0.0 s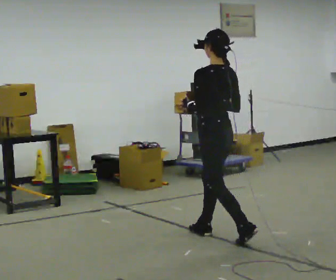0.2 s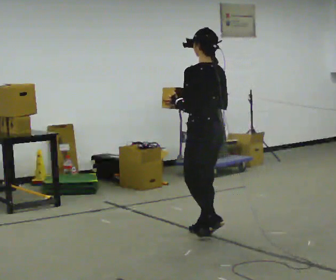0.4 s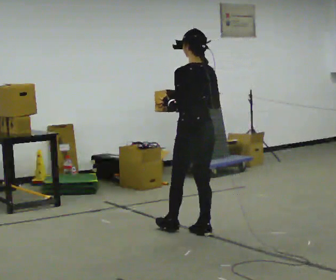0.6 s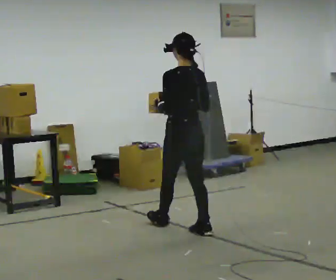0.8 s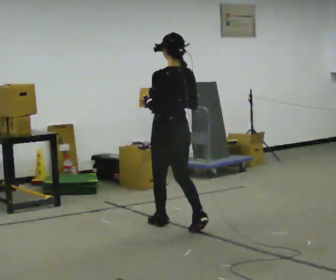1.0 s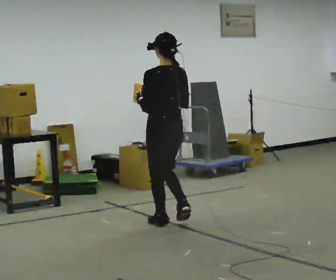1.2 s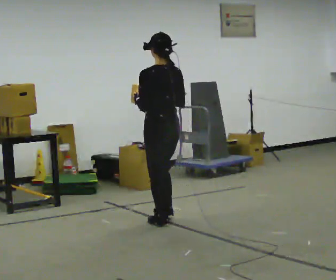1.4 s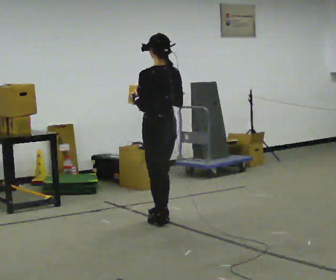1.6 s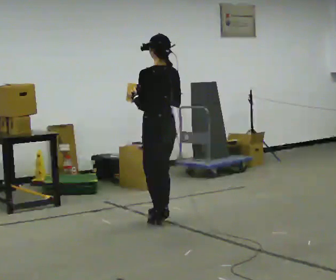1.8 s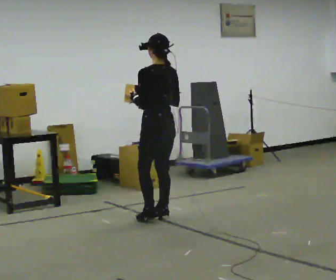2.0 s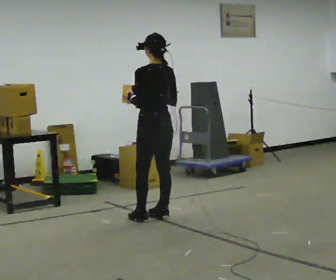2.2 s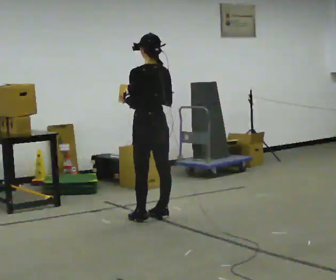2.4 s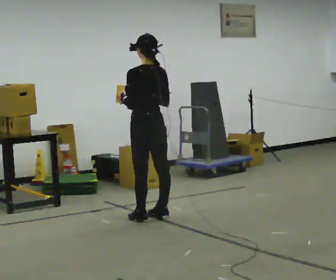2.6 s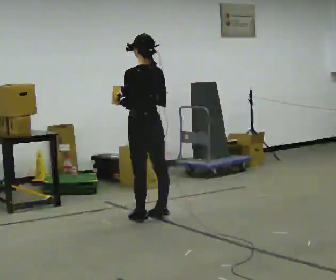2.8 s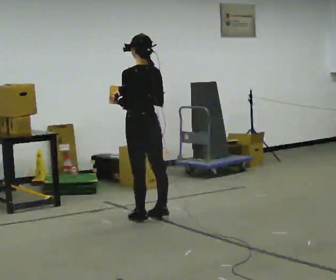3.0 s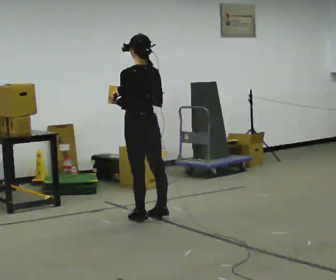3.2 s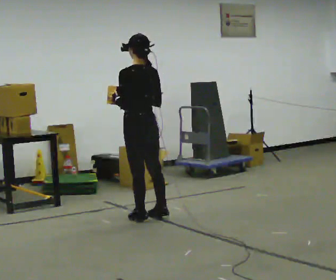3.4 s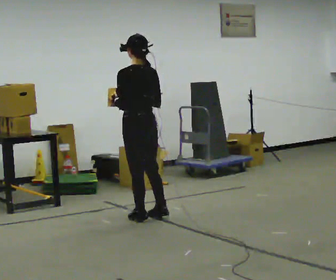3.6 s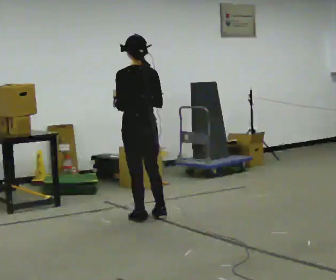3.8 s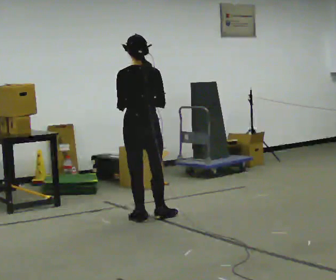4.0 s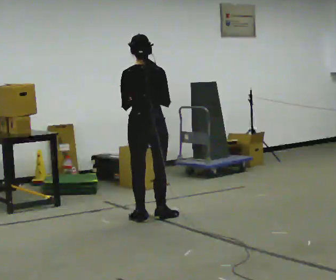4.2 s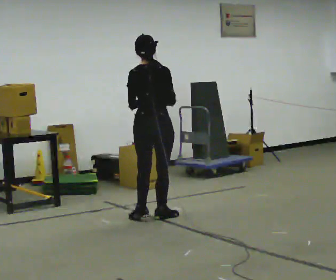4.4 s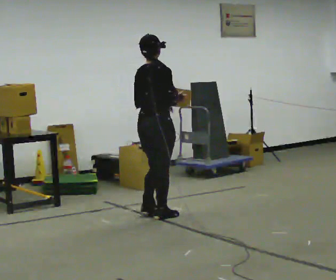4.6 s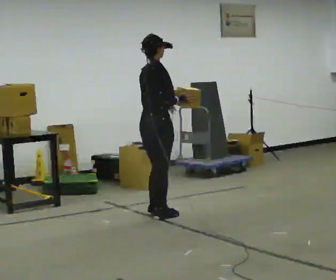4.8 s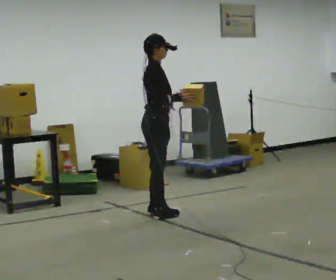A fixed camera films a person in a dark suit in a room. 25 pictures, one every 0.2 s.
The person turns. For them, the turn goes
to their right.
The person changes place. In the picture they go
away from the camera.
0.0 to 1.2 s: In the picture they go away from the camera and to the left, about 0.75 m in 1 step, which for them is forward.
1.2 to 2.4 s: In the picture they go away from the camera, about 0.25 m in 2 steps, which for them is forward.
2.4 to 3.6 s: The person moves a little, or ends about where they began.
3.6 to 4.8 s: The part of the body nearest the lens slides to the left as the person turns to their right by about 120 degrees. In the picture their left hand goes to the right.
The film runs forward here.
